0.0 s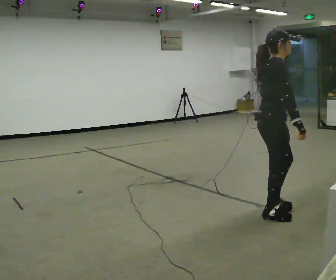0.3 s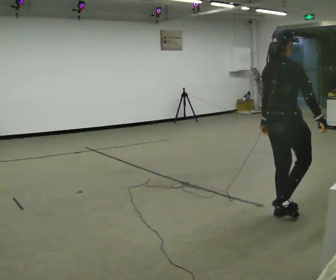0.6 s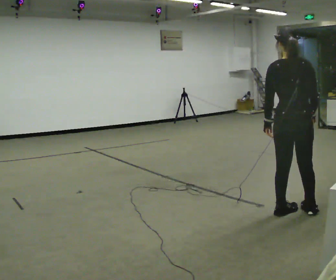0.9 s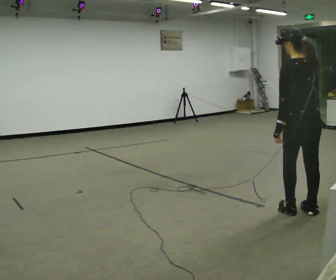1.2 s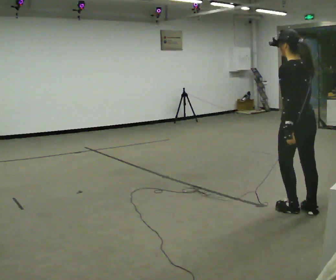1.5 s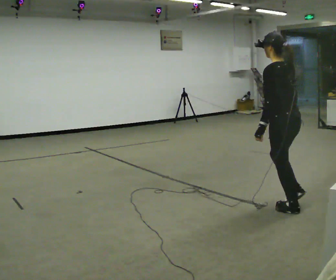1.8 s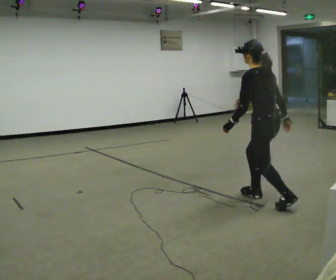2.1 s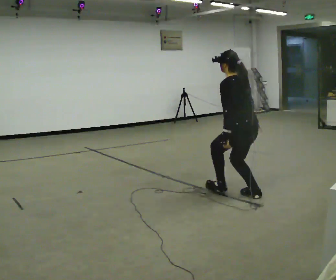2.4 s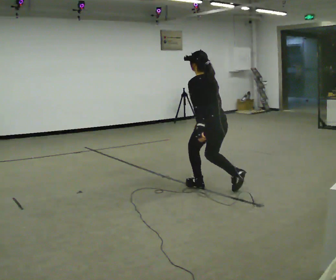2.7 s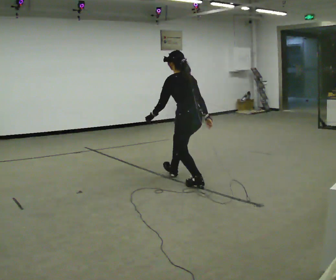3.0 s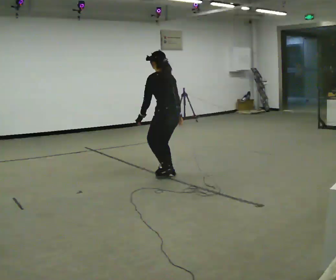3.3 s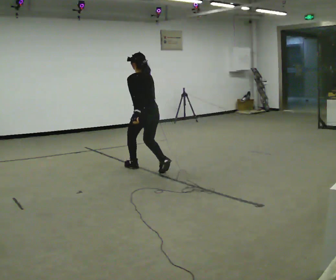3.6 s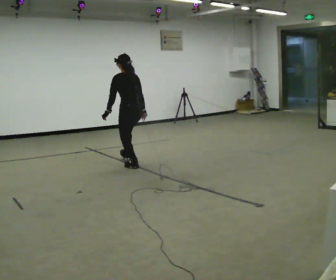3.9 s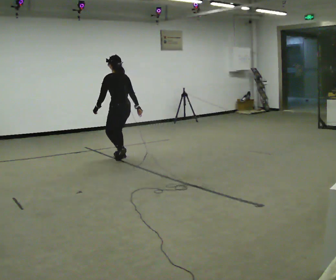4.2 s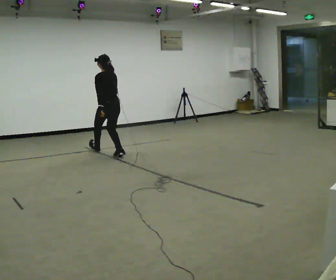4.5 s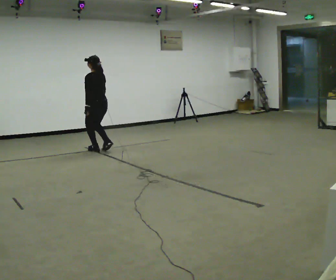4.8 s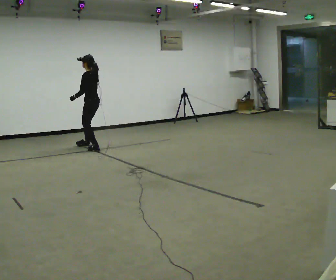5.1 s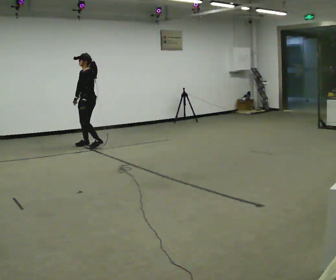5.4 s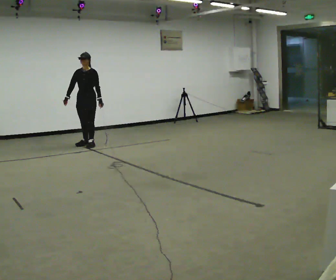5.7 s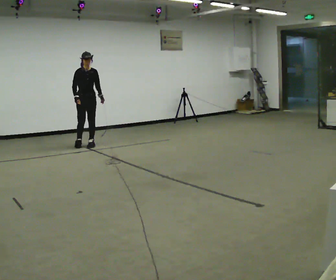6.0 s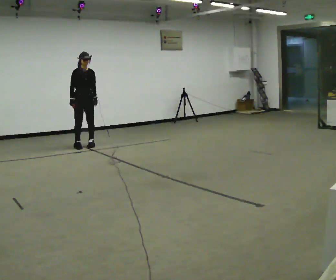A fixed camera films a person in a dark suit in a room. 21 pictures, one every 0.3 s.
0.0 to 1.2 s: The person turns about 120 degrees to their left, counterclockwise seen from above, so the part of the body nearest the lens slides to the right. In the picture they go to the right, about 0.25 m in 3 steps.
1.2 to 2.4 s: In the picture they go away from the camera and to the left, about 1 m in 2 steps, which for them is forward.
2.4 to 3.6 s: In the picture they go away from the camera and to the left, about 1.5 m in 2 steps, which for them is forward.
3.6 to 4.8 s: The part of the body nearest the lens slides to the right as the person turns to their left by about 45 degrees. In the picture they go away from the camera and to the left, about 1.5 m in 2 steps, which for them is forward.
4.8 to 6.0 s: The person turns about 120 degrees to their left, counterclockwise seen from above, so the part of the body nearest the lens slides to the right. In the picture they go to the left and away from the camera, about 0.25 m in 3 steps.
The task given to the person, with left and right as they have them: Walk forward in a lowered crouched posture at a comfortable speed; do not go lower than is comfortable; stop.
The film runs forward here.
